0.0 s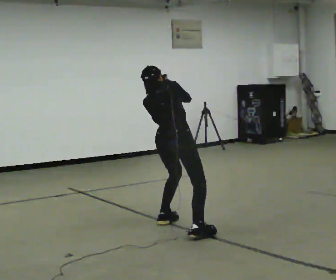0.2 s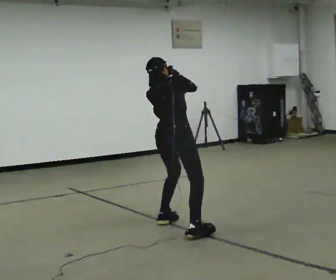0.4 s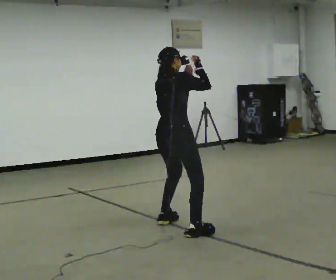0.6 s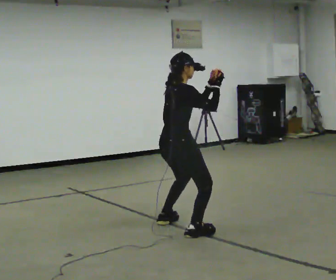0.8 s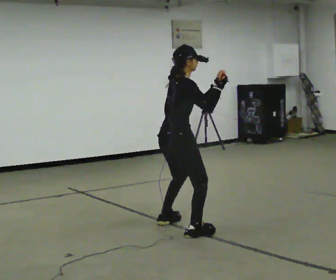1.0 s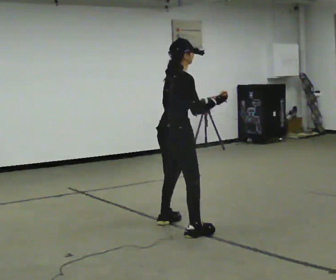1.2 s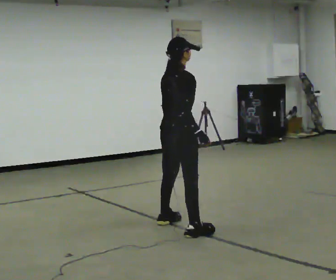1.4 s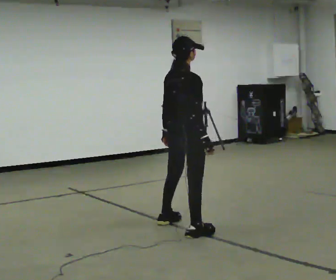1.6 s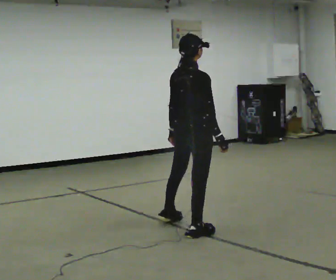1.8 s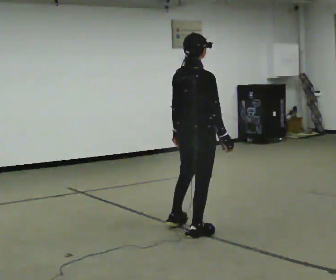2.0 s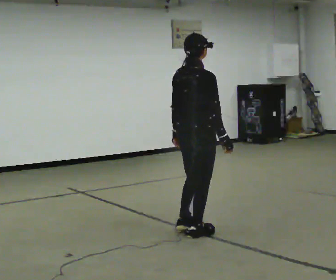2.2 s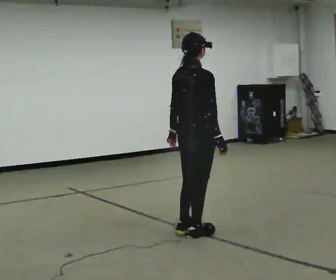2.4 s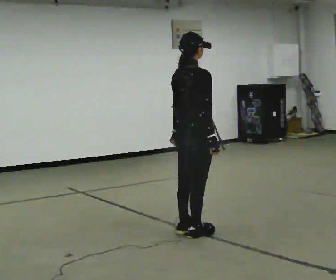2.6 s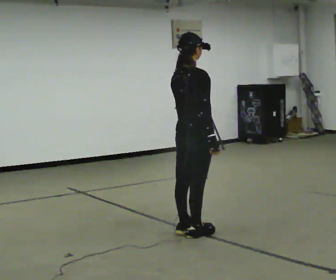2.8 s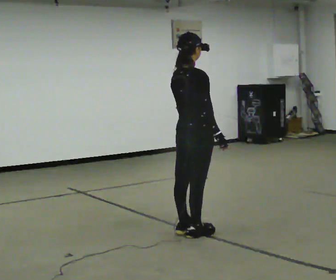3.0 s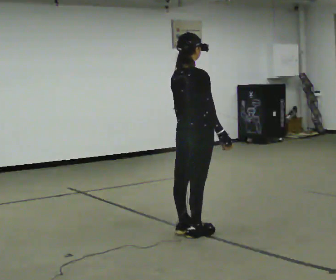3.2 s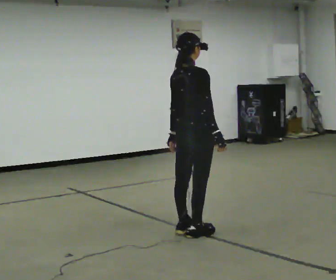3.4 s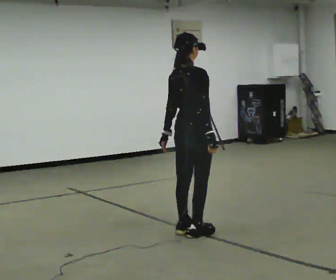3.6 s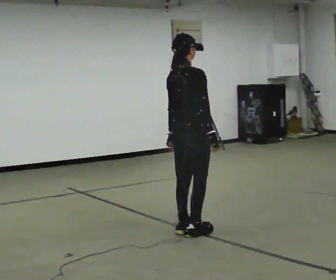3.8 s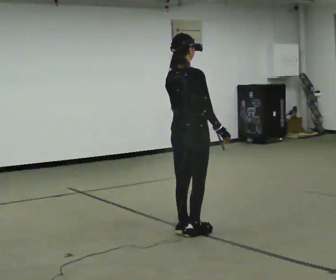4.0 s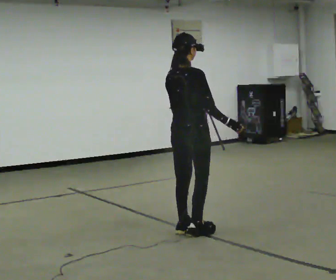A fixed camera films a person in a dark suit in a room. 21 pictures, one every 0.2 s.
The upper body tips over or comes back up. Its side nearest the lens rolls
downward.
0.0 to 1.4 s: The upper body tips toward the camera, its near side rolling downward, as they lean back or straighten. In the picture their right hand goes downward.
1.4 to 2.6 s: In the picture they go toward the camera, about 0.25 m in 1 step, which for them is to their right.
2.6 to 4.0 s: The person moves a little, or ends about where they began.
The film runs backward here.
